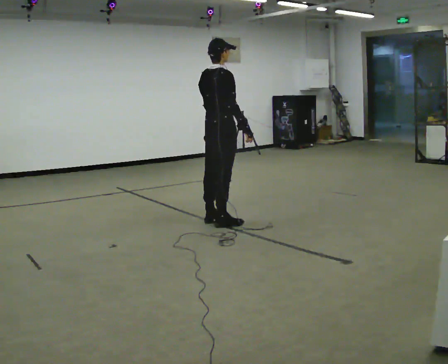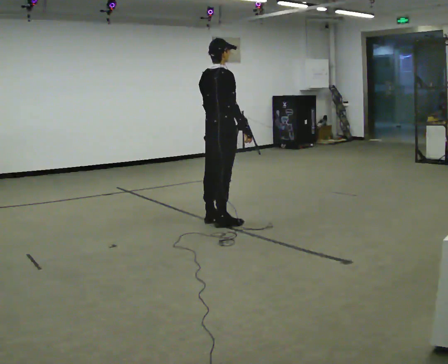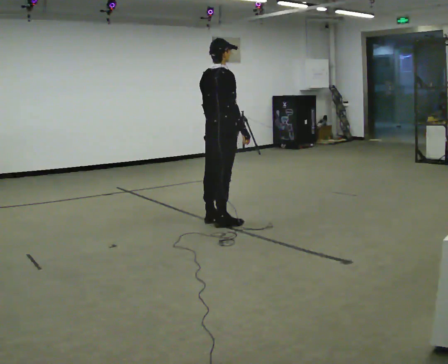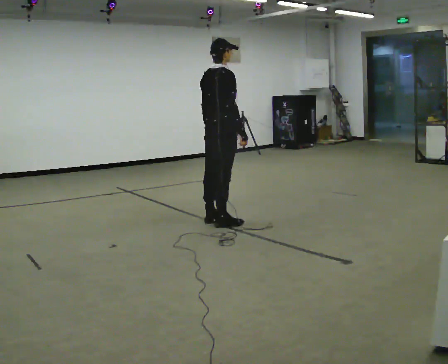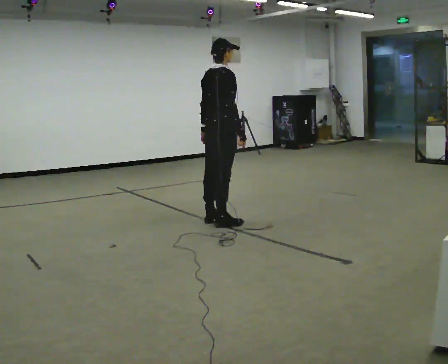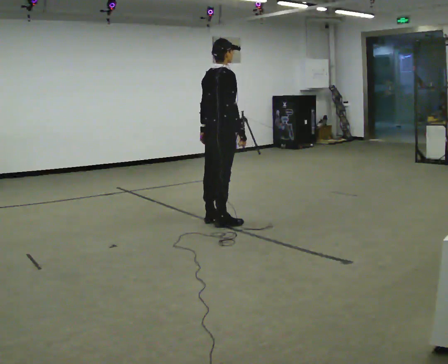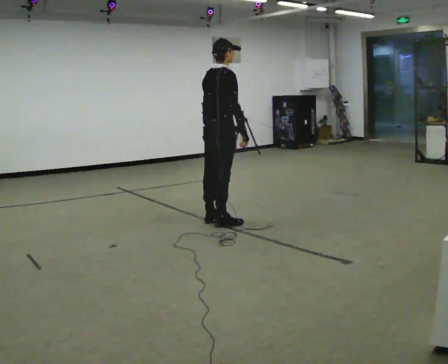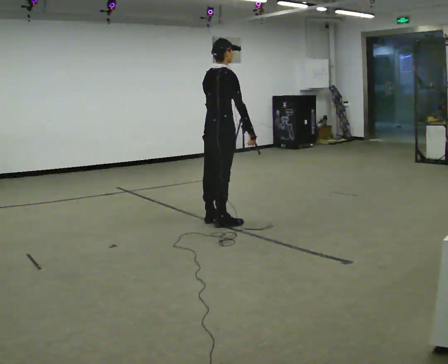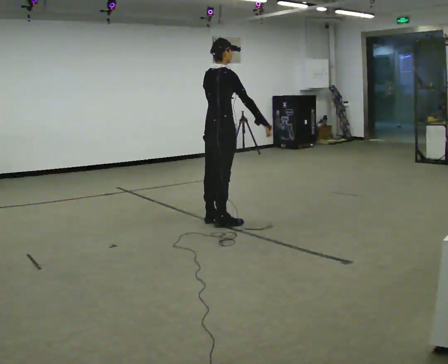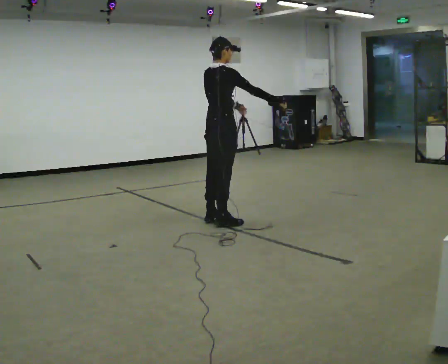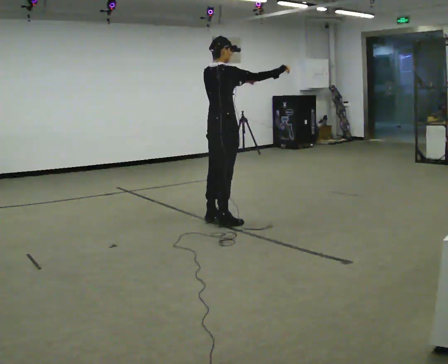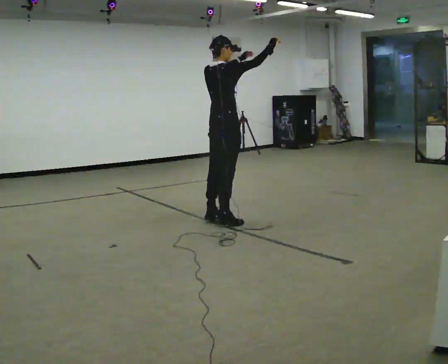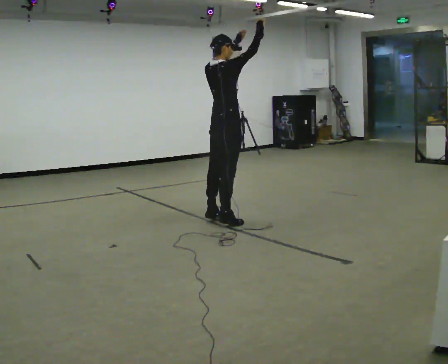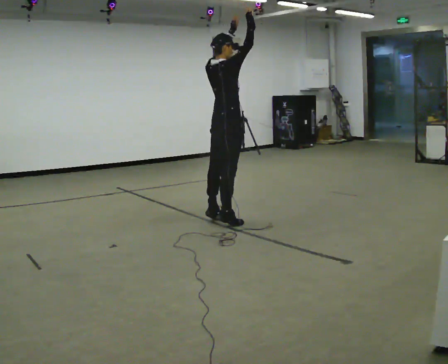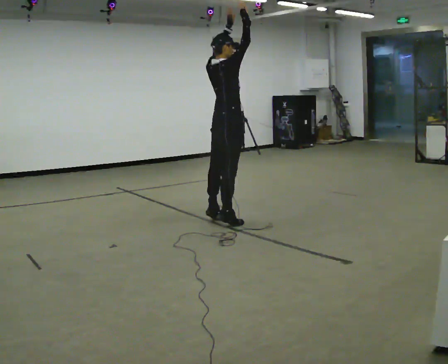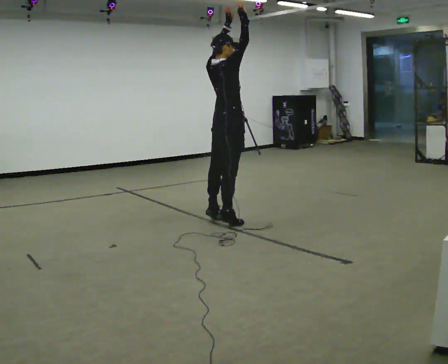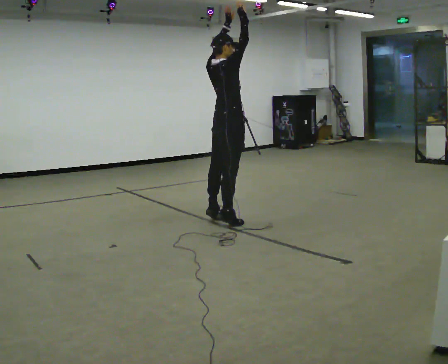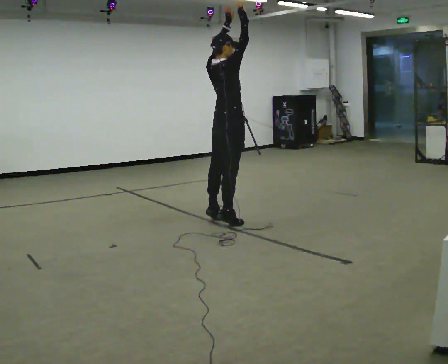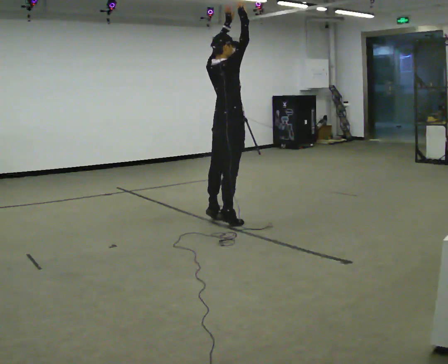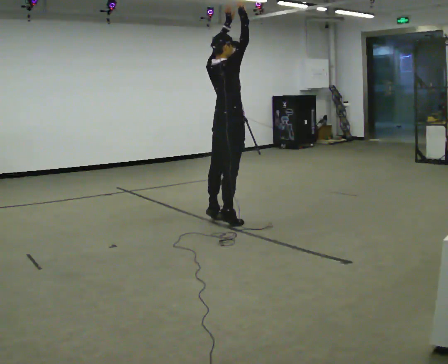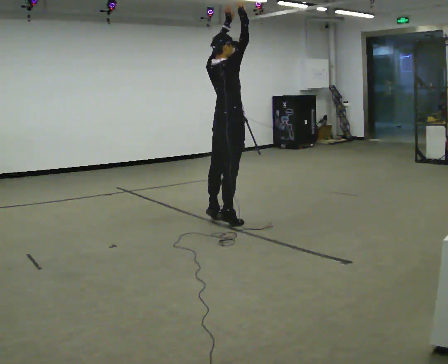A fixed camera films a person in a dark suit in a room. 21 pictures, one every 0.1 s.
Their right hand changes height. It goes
upward.
Their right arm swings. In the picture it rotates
counterclockwise.
0.0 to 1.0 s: In the picture their right hand goes upward and to the right, the arm swinging counterclockwise.
1.0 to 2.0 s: In the picture their right hand goes upward and to the left, the arm swinging counterclockwise.
The film runs backward here.
